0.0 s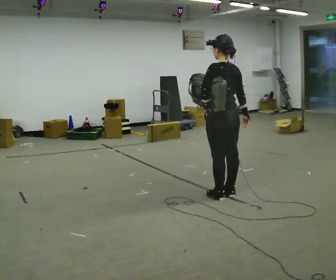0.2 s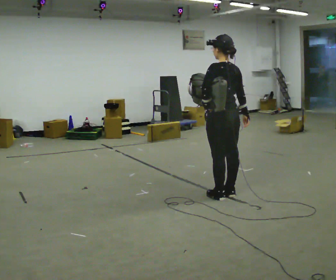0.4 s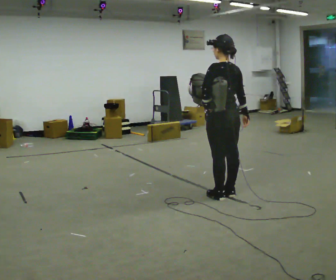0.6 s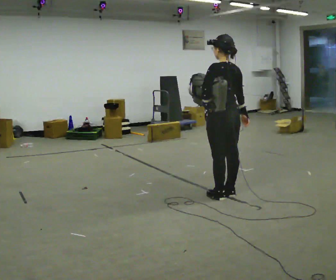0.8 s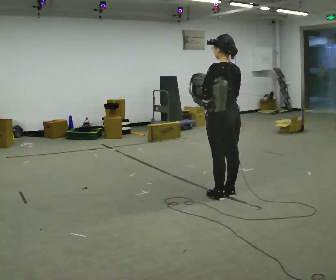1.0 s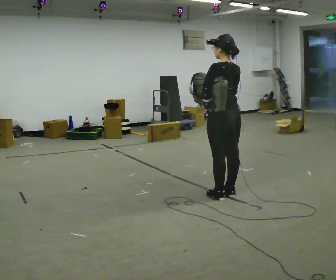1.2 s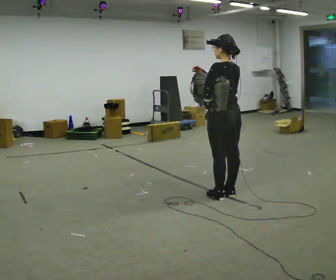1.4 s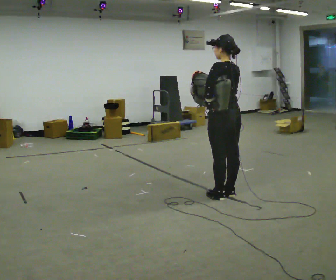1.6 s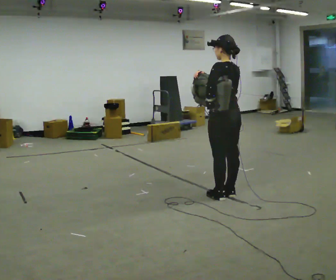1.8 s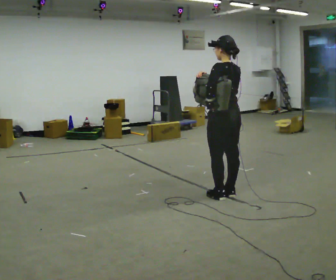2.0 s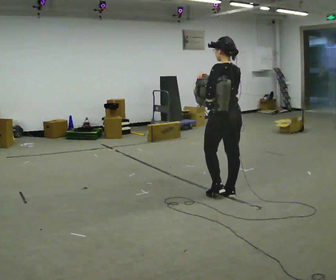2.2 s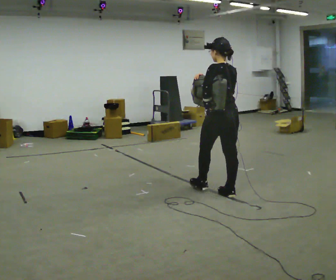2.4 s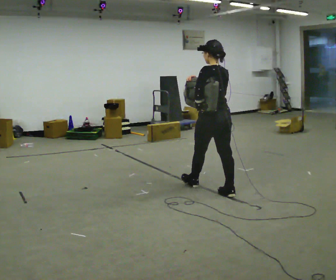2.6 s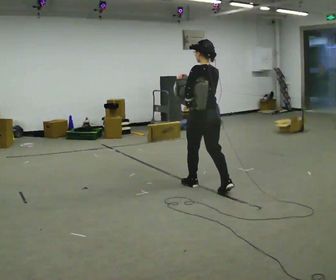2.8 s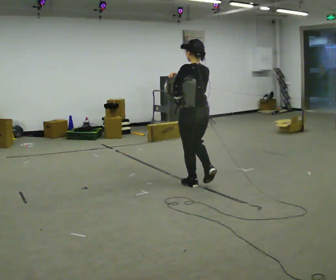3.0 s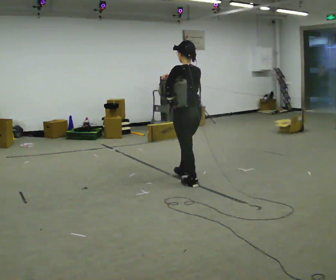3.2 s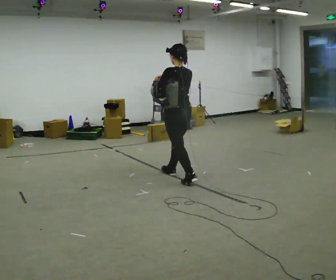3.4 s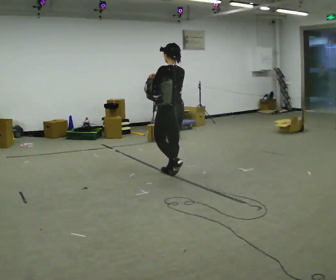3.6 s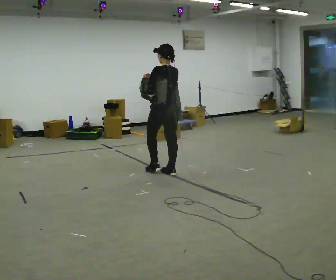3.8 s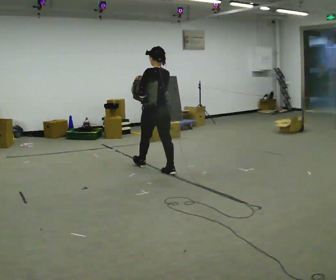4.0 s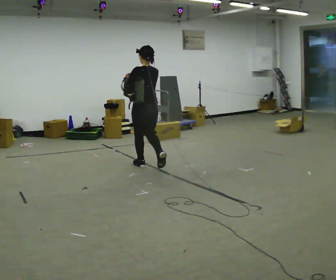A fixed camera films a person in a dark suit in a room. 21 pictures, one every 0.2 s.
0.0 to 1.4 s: In the picture their right hand goes to the left and upward.
1.4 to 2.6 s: In the picture they go to the left and away from the camera, about 0.25 m in 1 step, which for them is forward.
2.6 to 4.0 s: In the picture they go to the left and away from the camera, about 1 m in 2 steps, which for them is forward.
The film runs forward here.
